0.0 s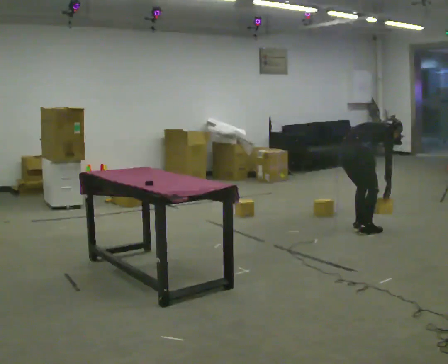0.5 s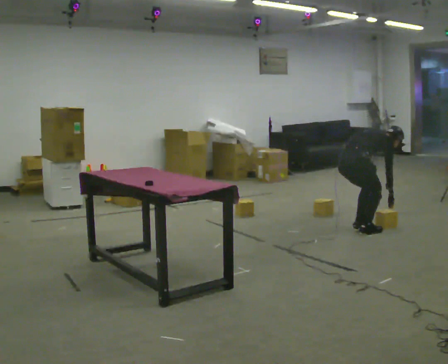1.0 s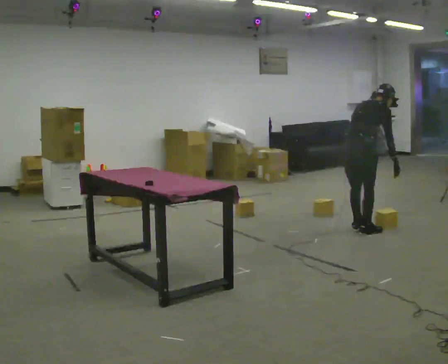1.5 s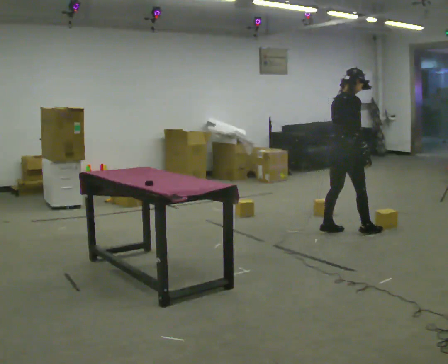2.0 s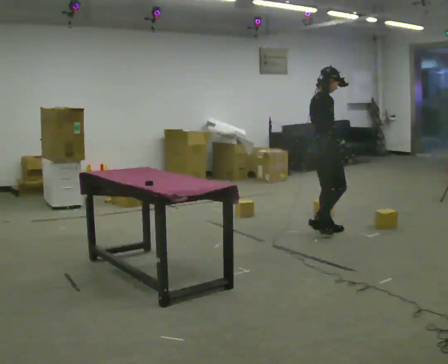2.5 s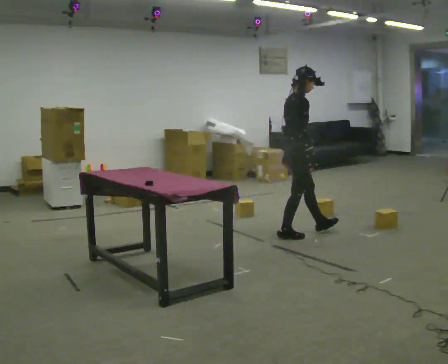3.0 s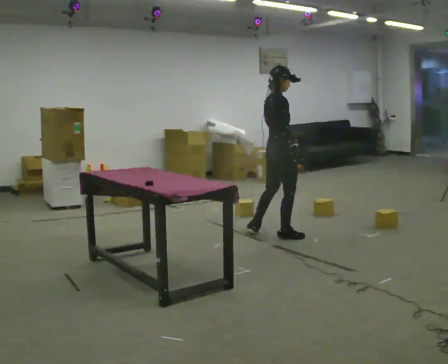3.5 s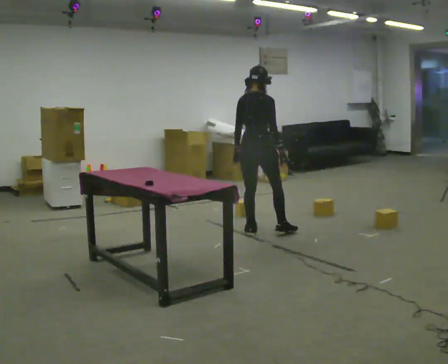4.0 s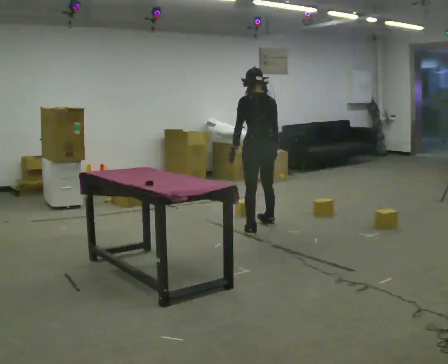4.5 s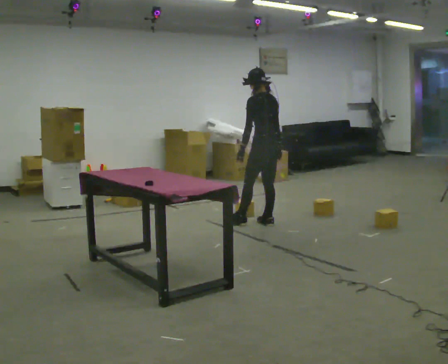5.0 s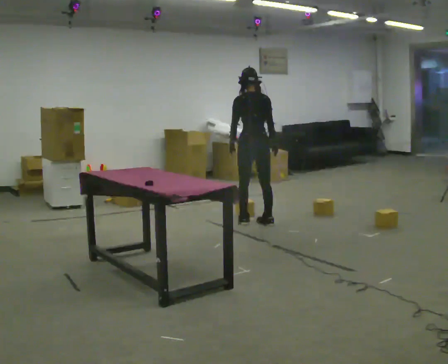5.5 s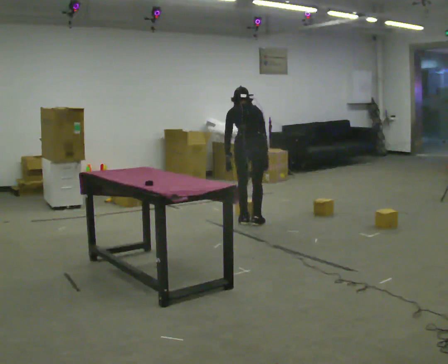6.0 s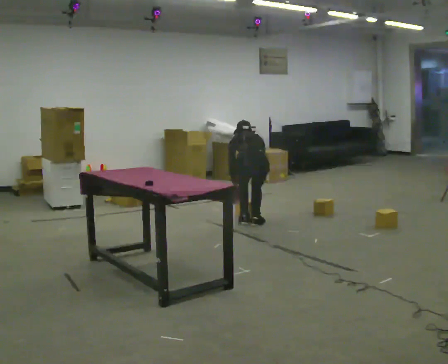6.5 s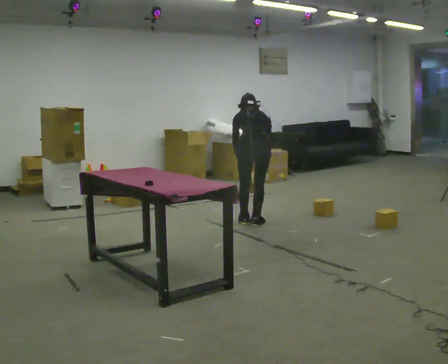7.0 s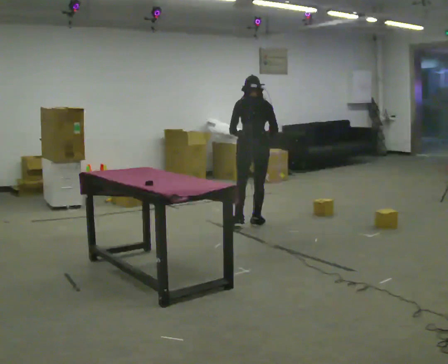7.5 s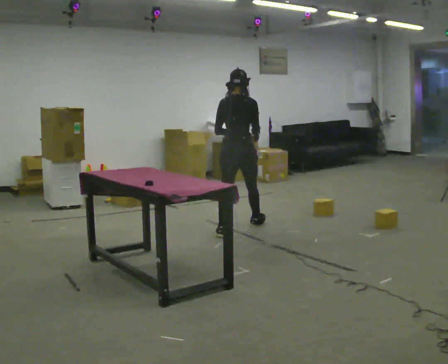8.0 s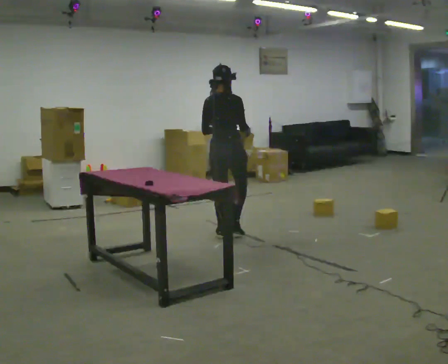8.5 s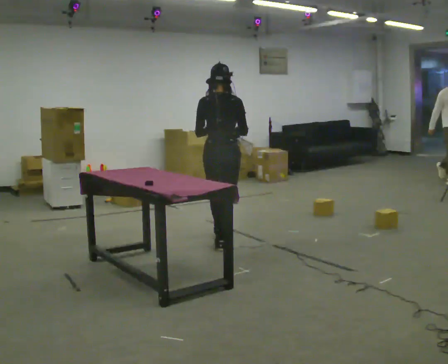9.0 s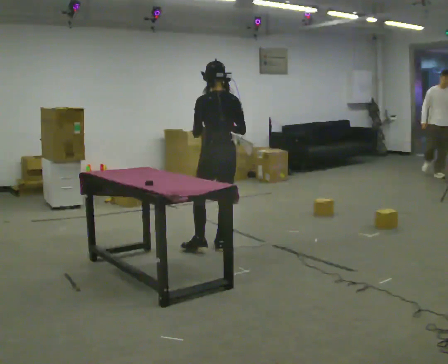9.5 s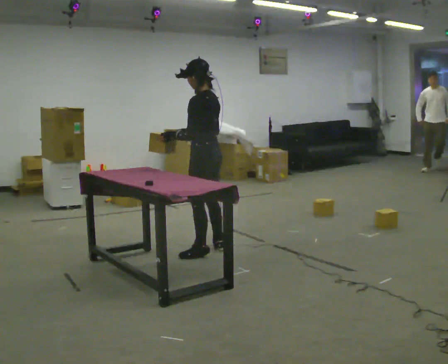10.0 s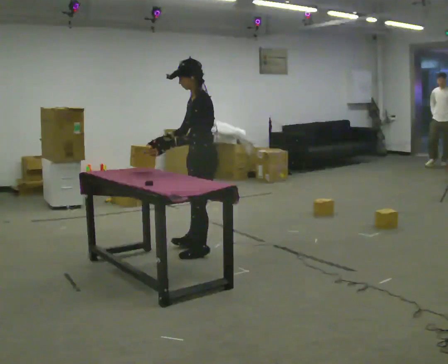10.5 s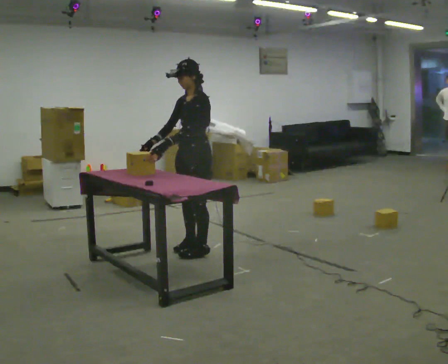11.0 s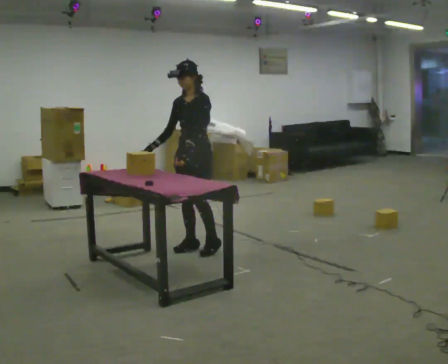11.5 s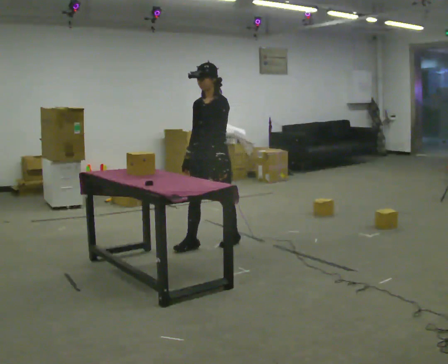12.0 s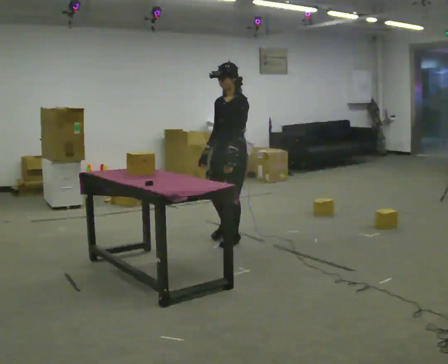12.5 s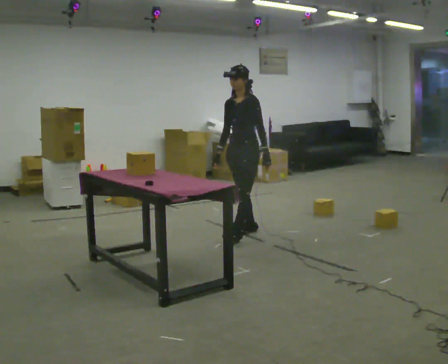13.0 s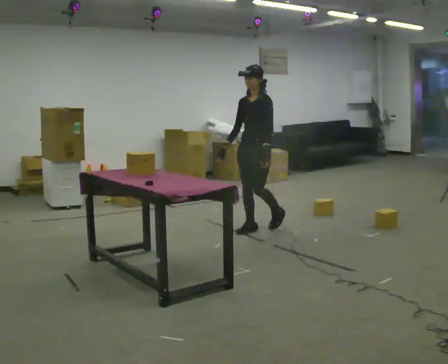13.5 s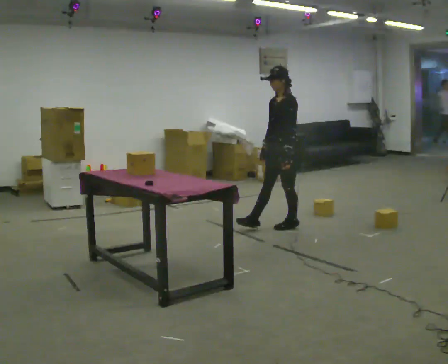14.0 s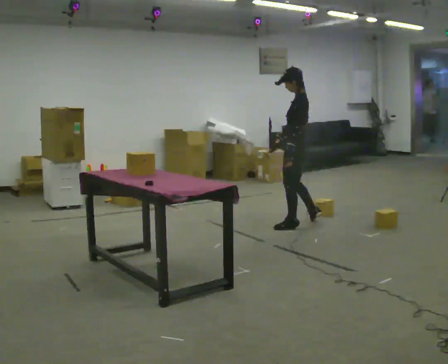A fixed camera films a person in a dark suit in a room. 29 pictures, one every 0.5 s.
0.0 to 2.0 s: Seen from above the body turns clockwise, about 30 degrees: to their right, with its near side sliding to the left. In the picture they go to the left, about 0.25 m in 2 steps, which for them is backward and to their left. In the picture the upper body tilts counterclockwise, shoulders to the left, as they lean back or straighten. In the picture their left hand goes upward.
2.0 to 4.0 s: The part of the body nearest the lens slides to the right as the person turns to their left by about 105 degrees. In the picture they go to the left, about 0.75 m in 2 steps.
4.0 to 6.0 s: In the picture they go away from the camera, about 0.25 m in 1 step, which for them is forward. The upper body goes downward. The upper body tips away from the camera, its near side rolling upward, as they bend forward. In the picture their left hand goes downward.
6.0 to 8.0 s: The person turns about 30 degrees to their right, clockwise seen from above, so the part of the body nearest the lens slides to the left. In the picture they go toward the camera and to the left, about 0.5 m in 2 steps, which for them is backward and to their left. The shoulders move upward. The upper body tips toward the camera, its near side rolling downward, as they lean back or straighten. In the picture their left hand goes upward.
8.0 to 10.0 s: The person turns about 120 degrees to their left, counterclockwise seen from above, so the part of the body nearest the lens slides to the right. In the picture they go toward the camera, about 0.75 m in 2 steps.
10.0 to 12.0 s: Seen from above the body turns counterclockwise, about 30 degrees: to their left, with its near side sliding to the right. In the picture they go away from the camera and to the right, about 0.5 m in 2 steps, which for them is backward.
12.0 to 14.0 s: Seen from above the body turns clockwise, about 60 degrees: to their right, with its near side sliding to the left. In the picture they go to the right and away from the camera, about 1 m in 2 steps.
The film runs backward here.
